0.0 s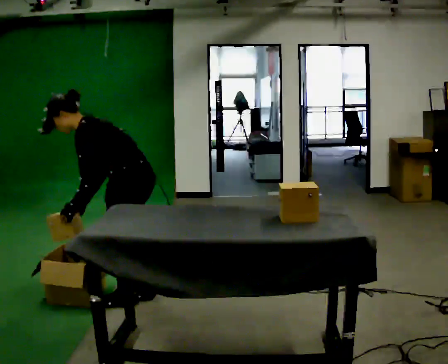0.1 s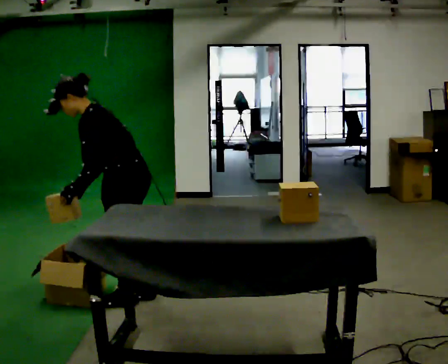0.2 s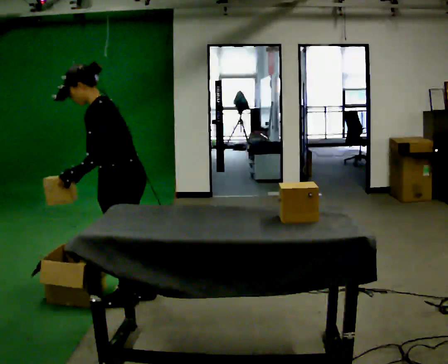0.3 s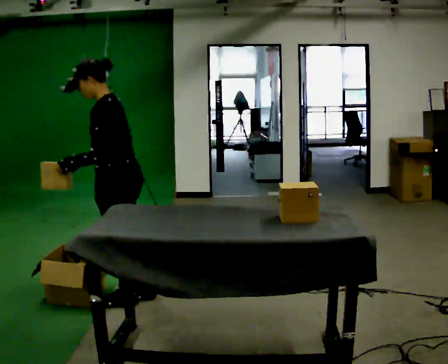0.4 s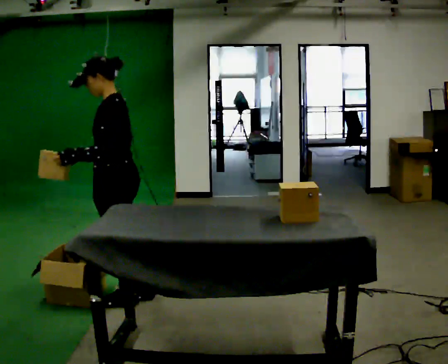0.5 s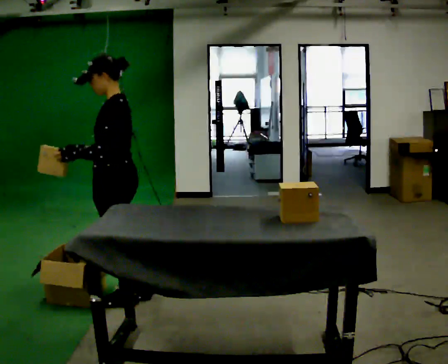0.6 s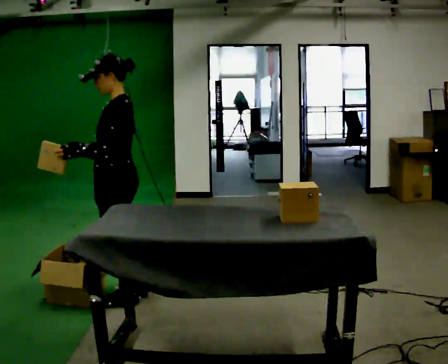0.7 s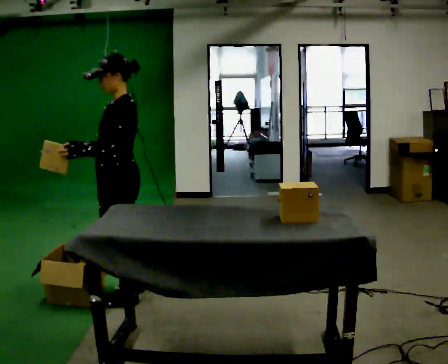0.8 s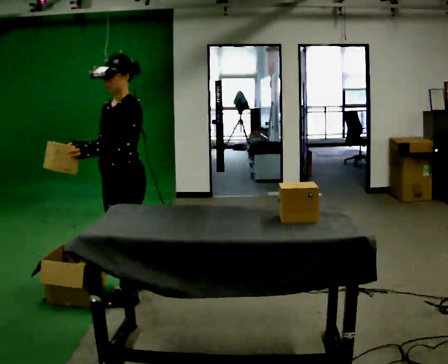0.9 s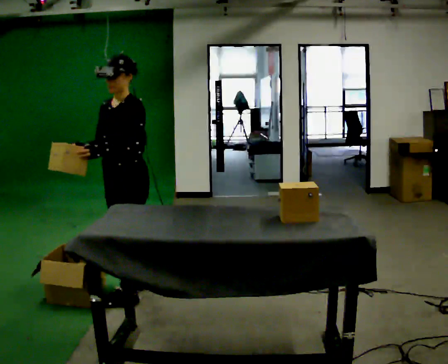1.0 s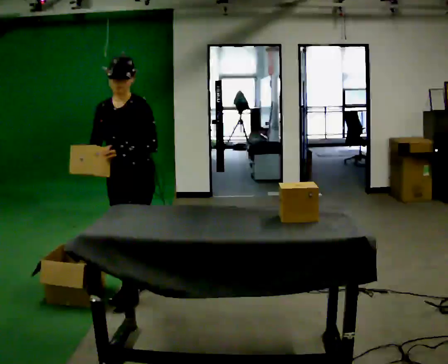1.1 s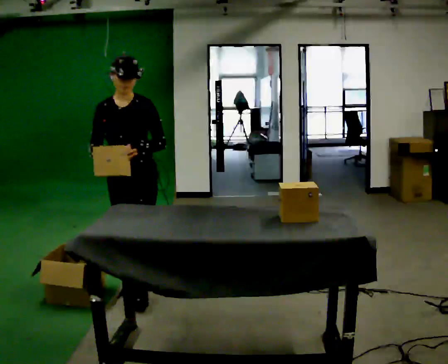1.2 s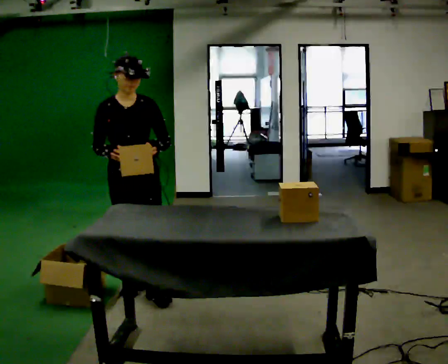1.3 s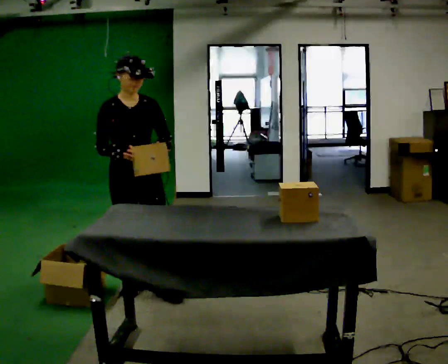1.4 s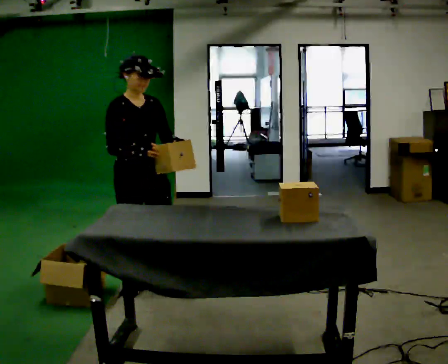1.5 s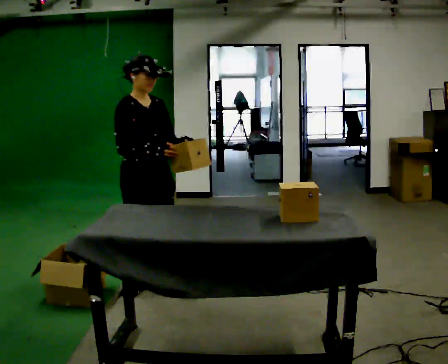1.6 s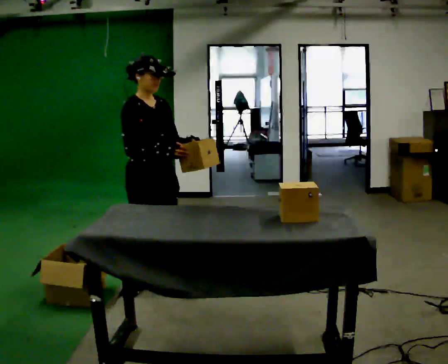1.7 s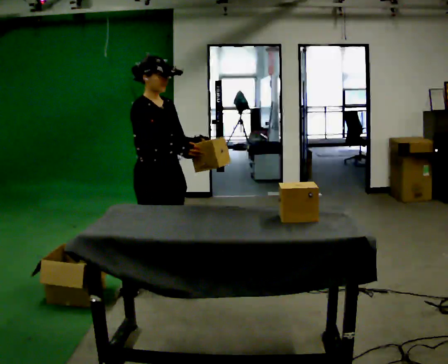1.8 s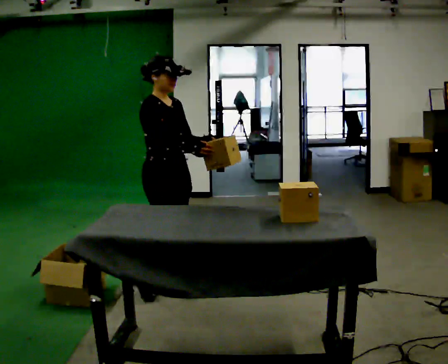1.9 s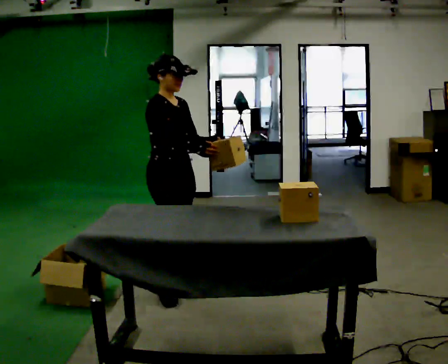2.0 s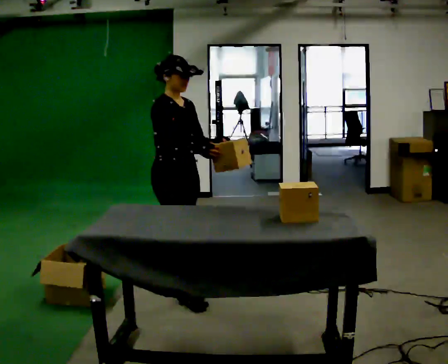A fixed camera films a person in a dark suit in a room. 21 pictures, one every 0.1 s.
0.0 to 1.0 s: Seen from above the body turns counterclockwise, about 75 degrees: to their left, with its near side sliding to the right. In the picture they go away from the camera, about 0.25 m in 1 step. In the picture the upper body tilts clockwise, shoulders to the right, as they lean back or straighten.
1.0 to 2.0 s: The part of the body nearest the lens slides to the right as the person turns to their left by about 75 degrees. In the picture they go to the right, about 0.25 m in 1 step.
The film runs forward here.
